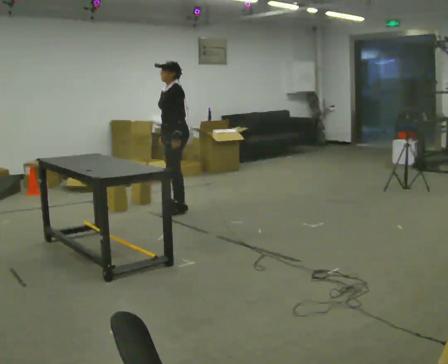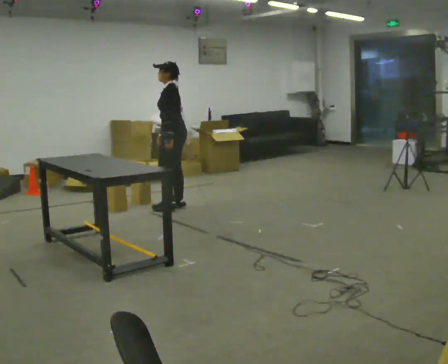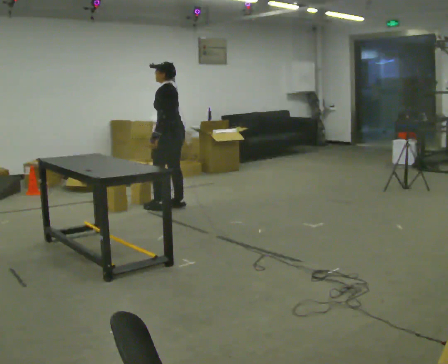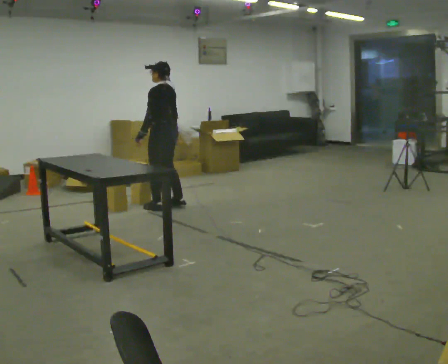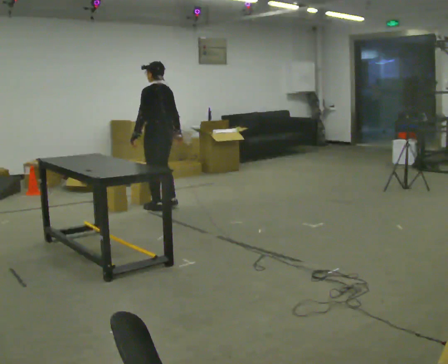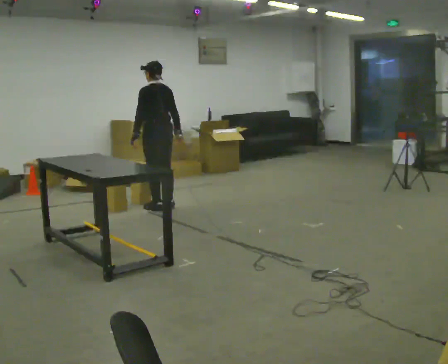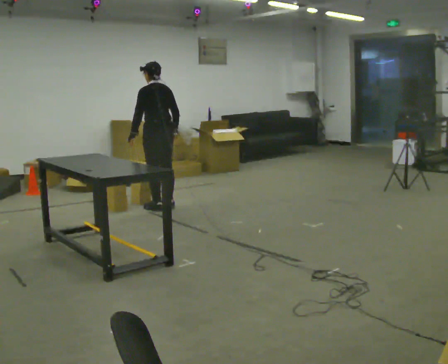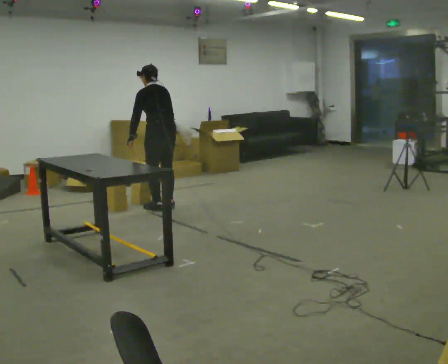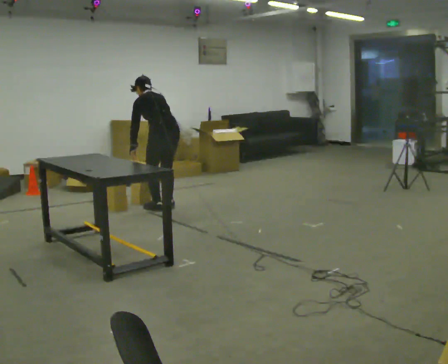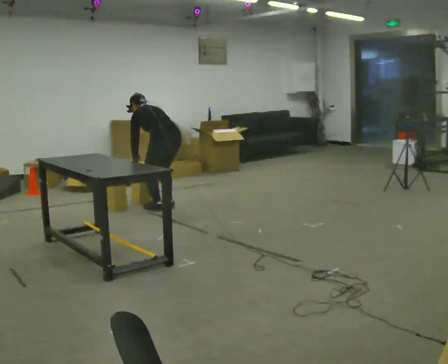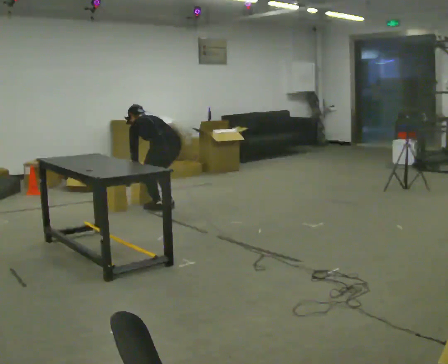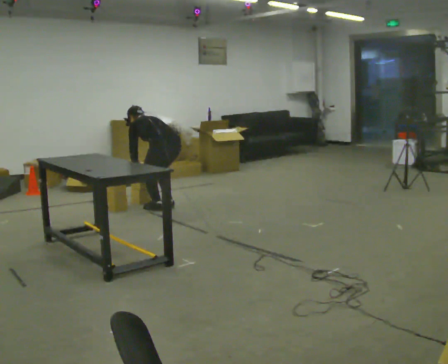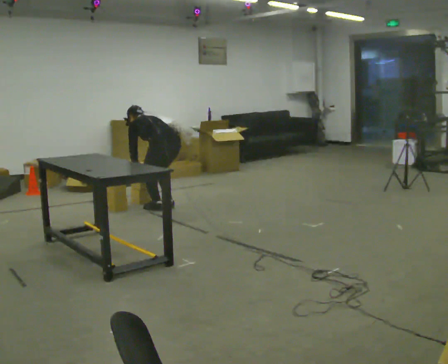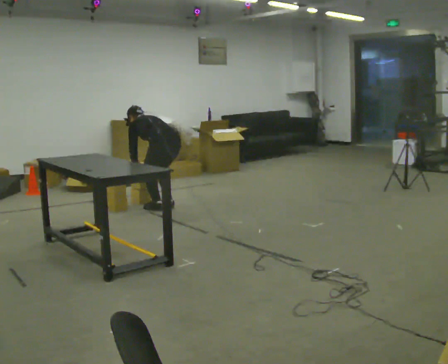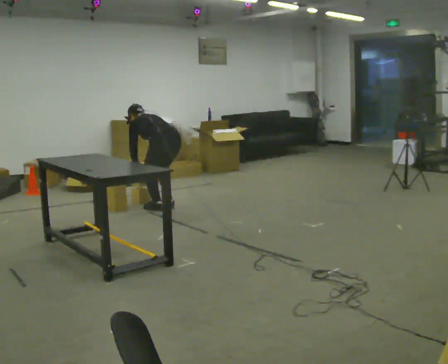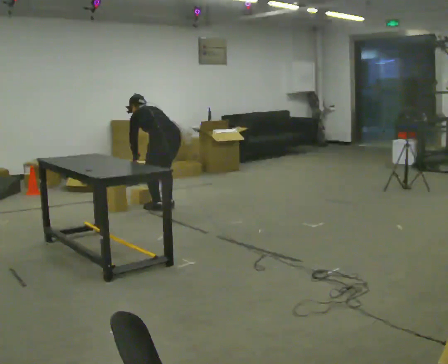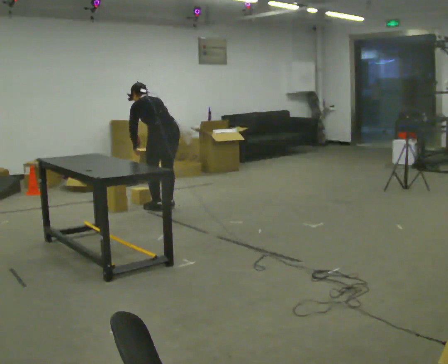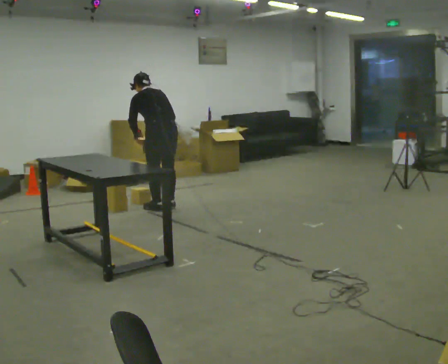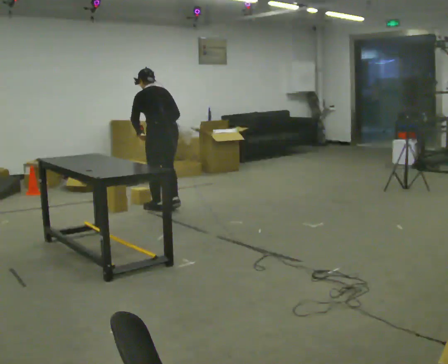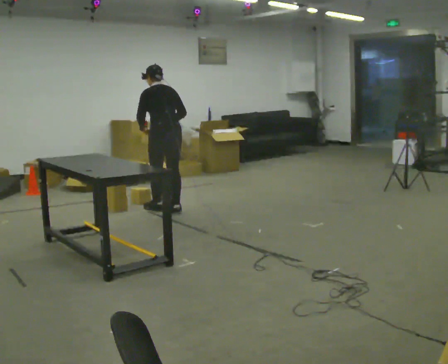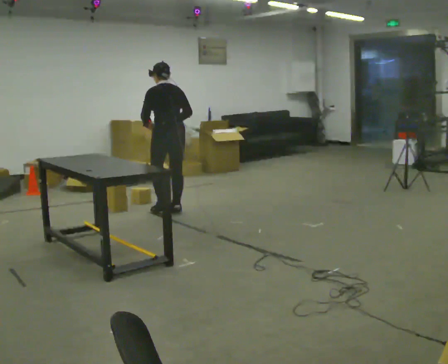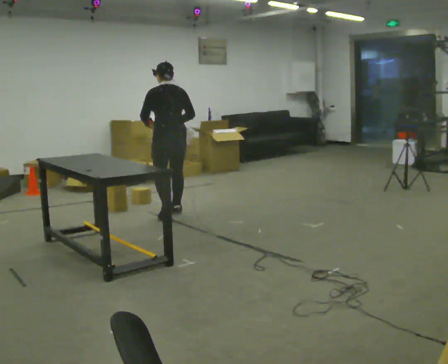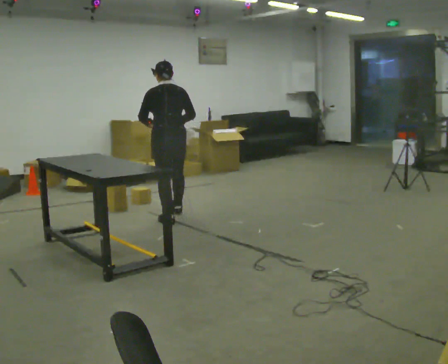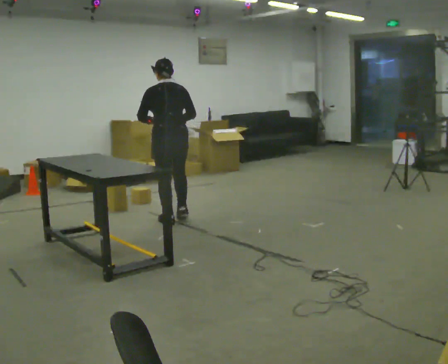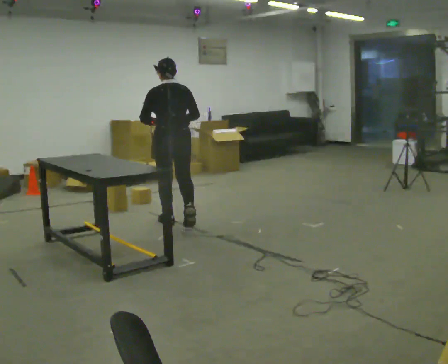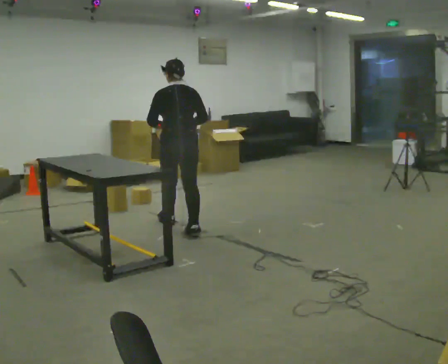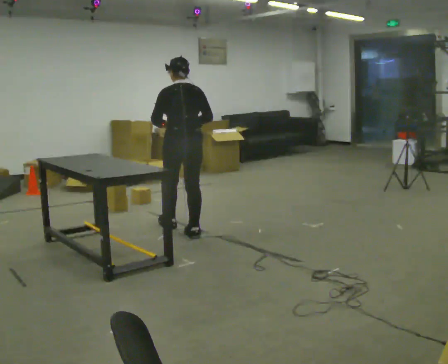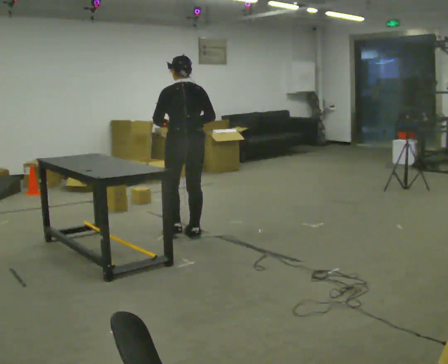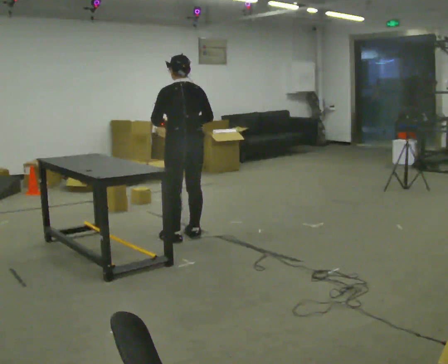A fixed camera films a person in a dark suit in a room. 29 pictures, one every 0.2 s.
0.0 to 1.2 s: The person turns about 75 degrees to their right, clockwise seen from above, so the part of the body nearest the lens slides to the left. In the picture they go to the left, about 0.25 m. In the picture their left hand goes to the left.
1.2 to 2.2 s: The shoulders move downward. The upper body tips away from the camera, its near side rolling upward, as they bend forward. In the picture their left hand goes downward.
2.2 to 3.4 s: The shoulders move upward. In the picture the upper body tilts clockwise, shoulders to the right, as they lean back or straighten. In the picture their right hand goes upward.
3.4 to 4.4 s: In the picture they go toward the camera, about 0.25 m in 2 steps, which for them is backward. The upper body tips toward the camera, its near side rolling downward, as they lean back or straighten.
4.4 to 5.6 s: In the picture they go toward the camera, about 0.5 m in 1 step, which for them is backward.
The film runs backward here.
